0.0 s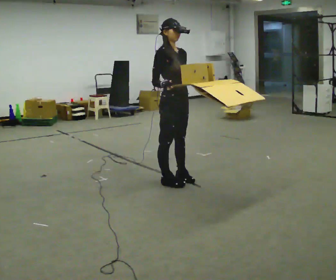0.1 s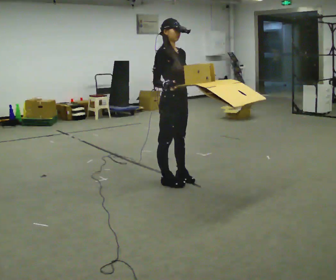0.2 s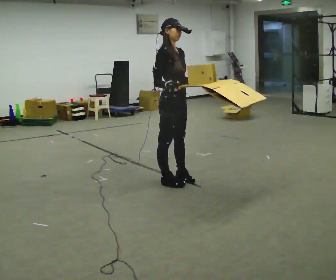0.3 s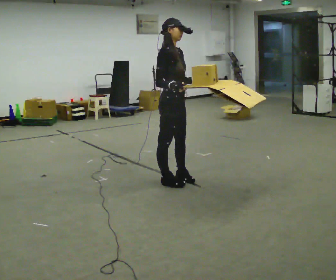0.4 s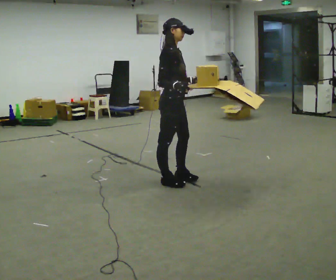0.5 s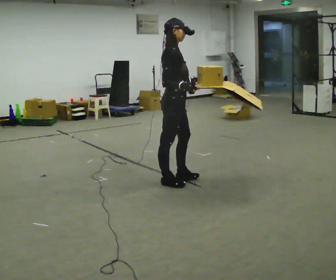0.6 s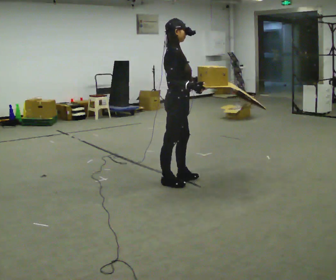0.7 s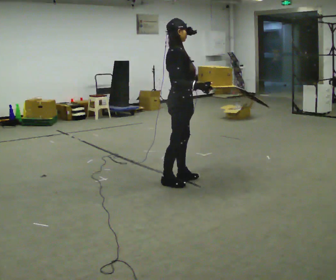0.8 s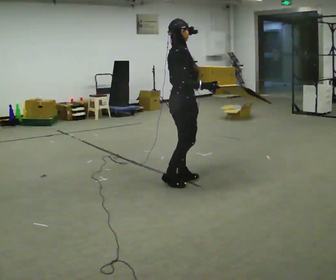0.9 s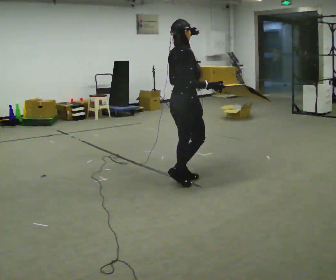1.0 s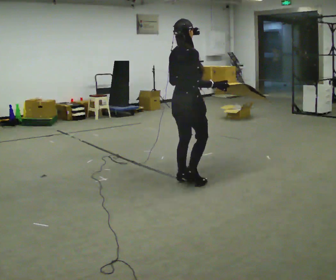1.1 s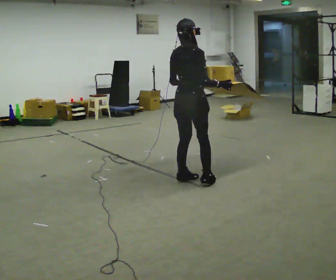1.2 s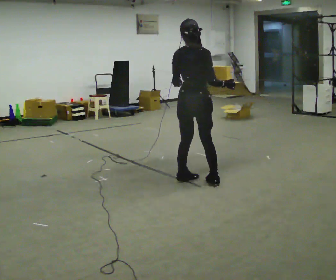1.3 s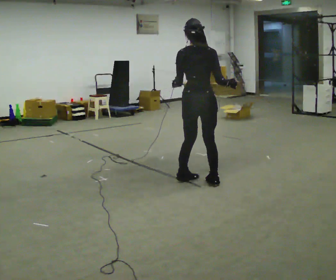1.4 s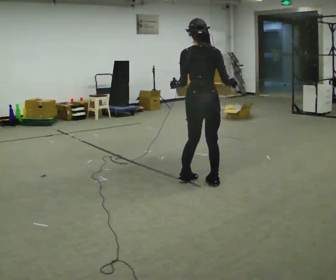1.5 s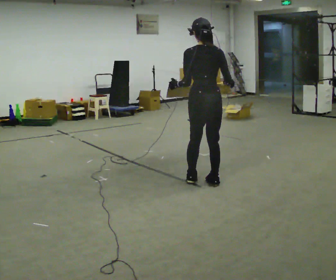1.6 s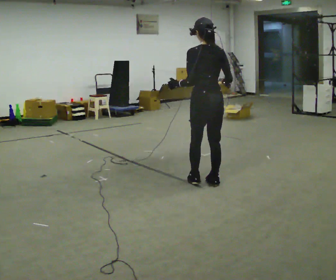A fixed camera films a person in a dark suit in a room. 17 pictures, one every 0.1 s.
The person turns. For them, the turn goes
to their left.
The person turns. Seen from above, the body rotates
counterclockwise.
0.0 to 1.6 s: The part of the body nearest the lens slides to the right as the person turns to their left by about 150 degrees. In the picture they go to the right, about 0.25 m in 2 steps.
The film runs forward here.
